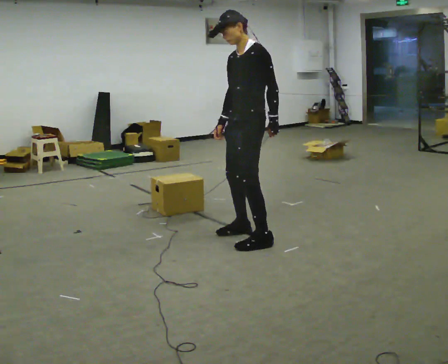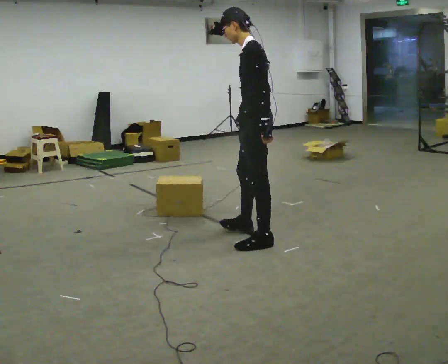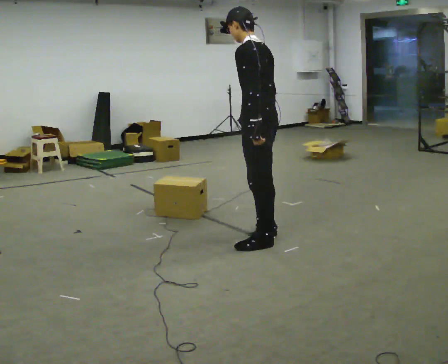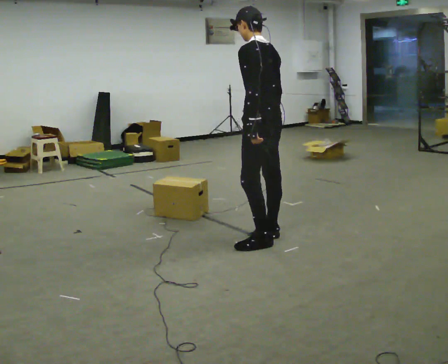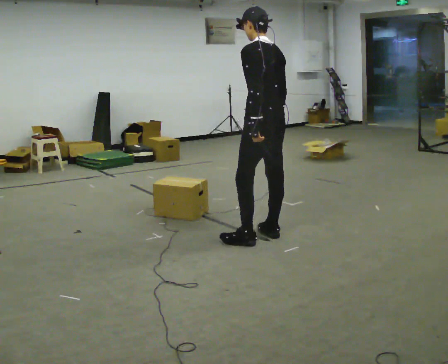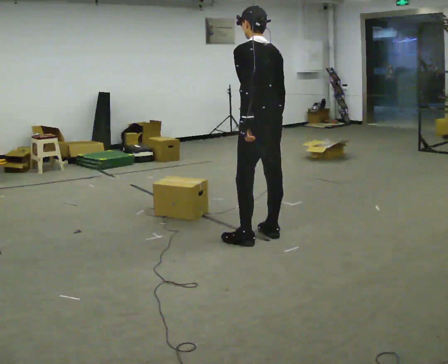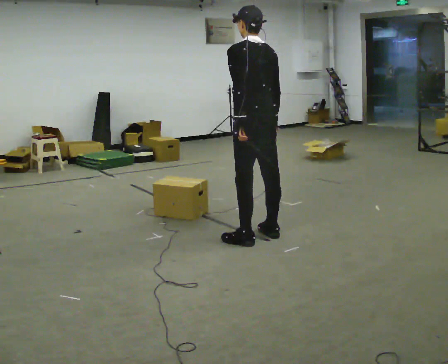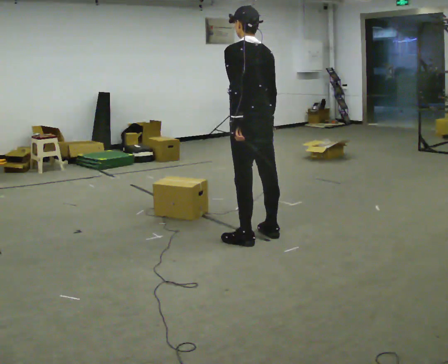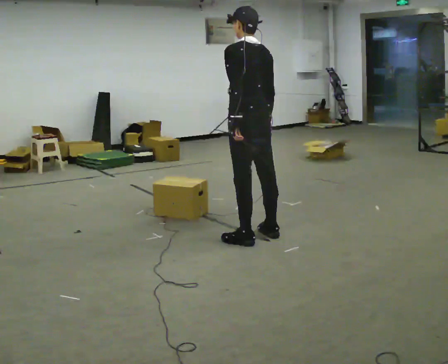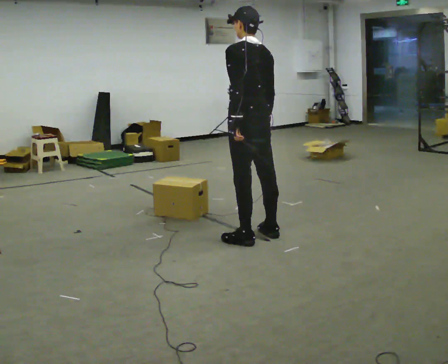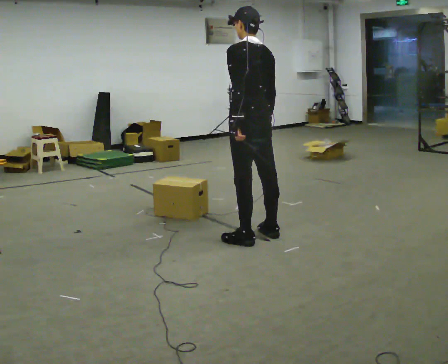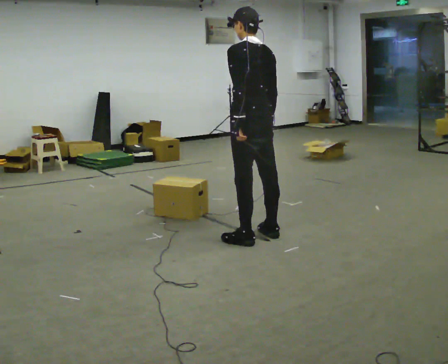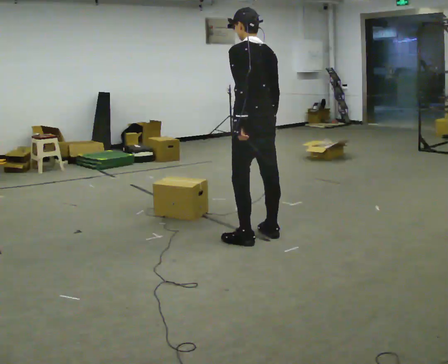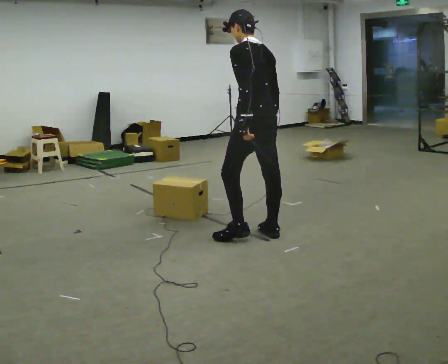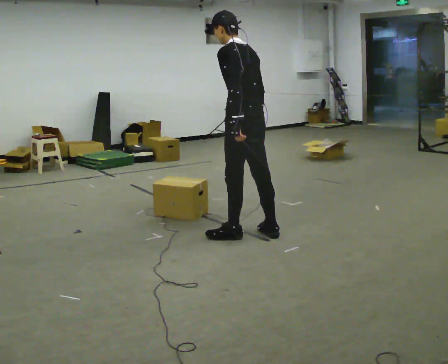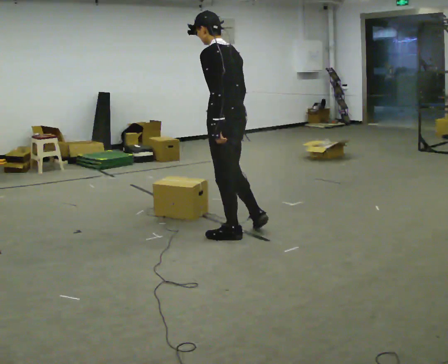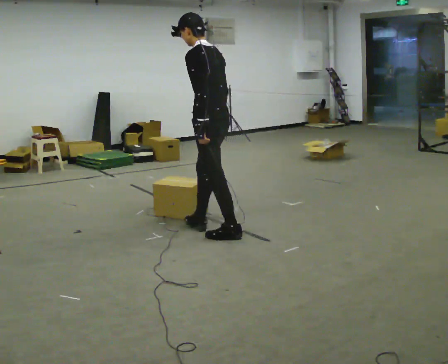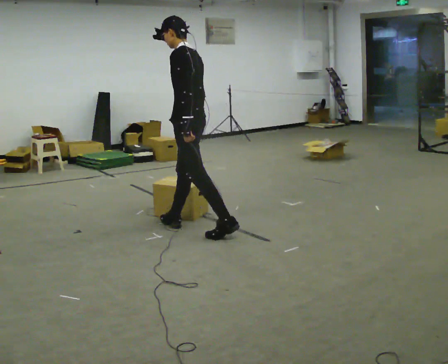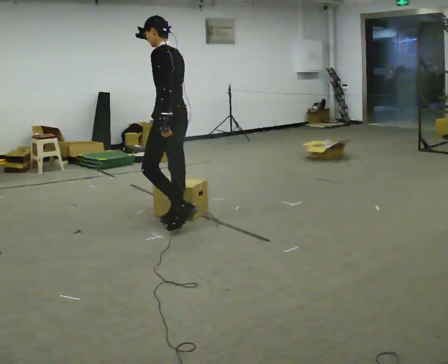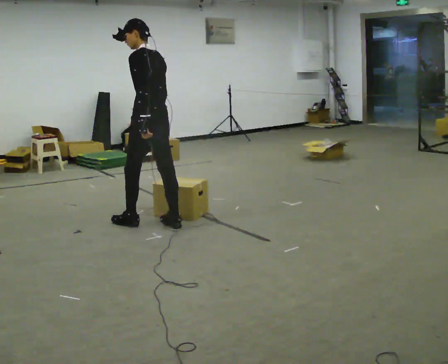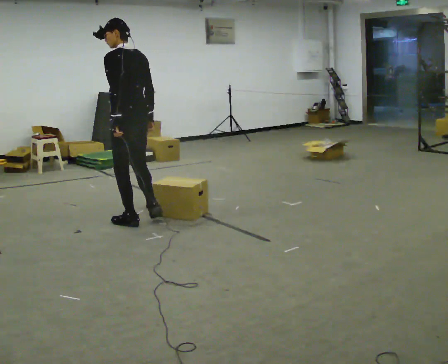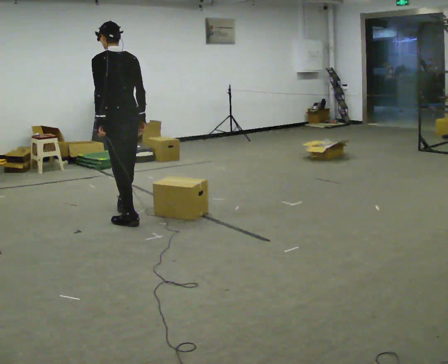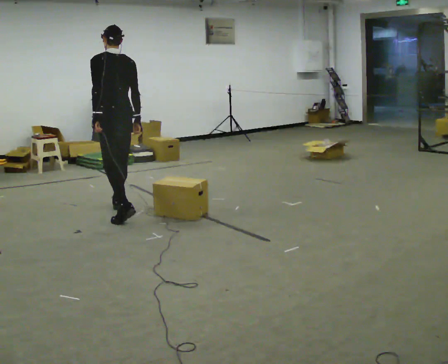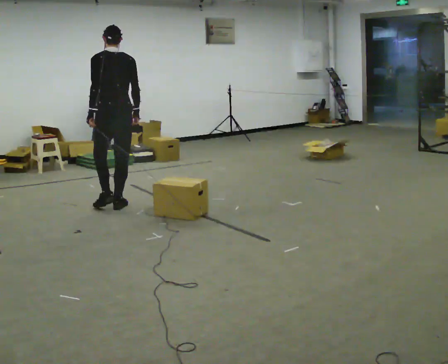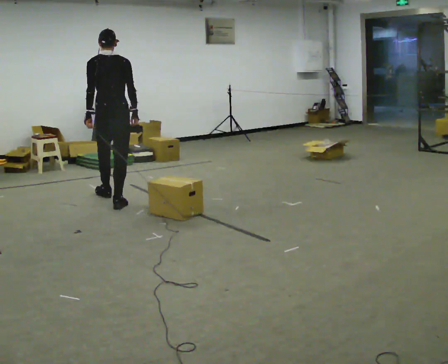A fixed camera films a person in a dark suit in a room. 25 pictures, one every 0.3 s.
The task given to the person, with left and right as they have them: Walk toward obstacle; alter path to avoid it; continue toward original destination.
0.0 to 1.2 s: Seen from above the body turns clockwise, about 75 degrees: to their right, with its near side sliding to the left. In the picture their right hand goes to the right.
1.2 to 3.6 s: The person moves a little, or ends about where they began.
3.6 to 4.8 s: In the picture they go to the left, about 0.25 m in 1 step, which for them is forward and to their left.
4.8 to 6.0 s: In the picture they go to the left, about 1 m in 2 steps, which for them is forward.
6.0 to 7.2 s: The part of the body nearest the lens slides to the left as the person turns to their right by about 30 degrees. In the picture they go away from the camera and to the left, about 0.5 m in 2 steps, which for them is forward.
The film runs forward here.
